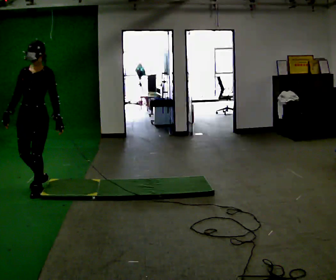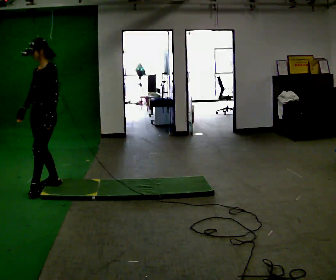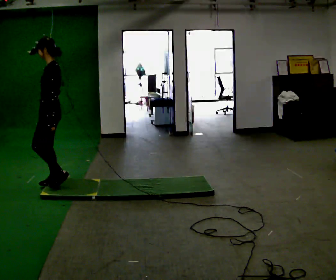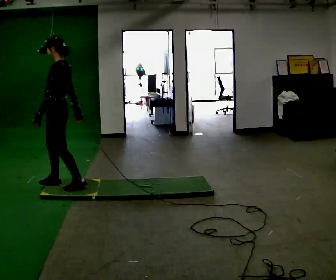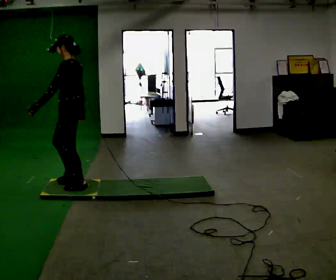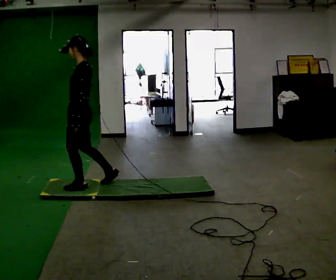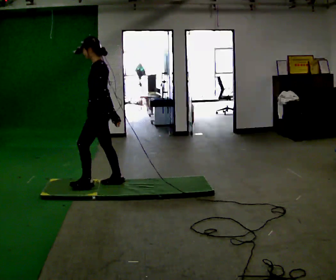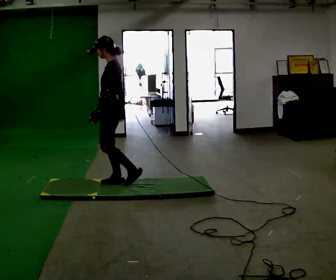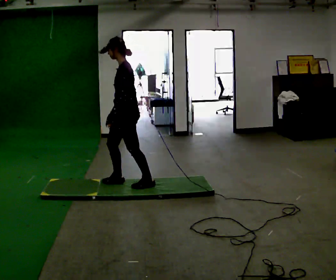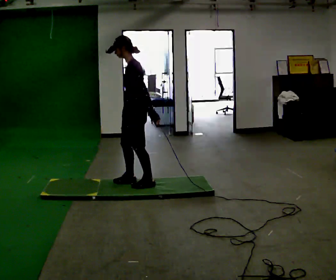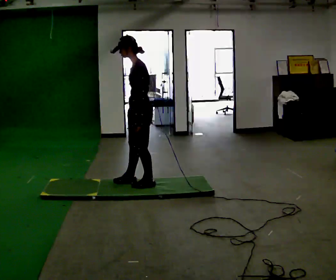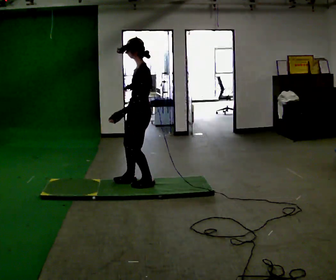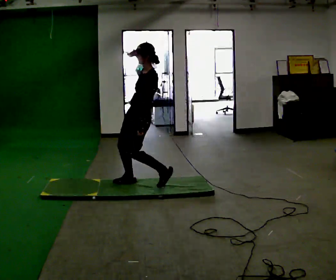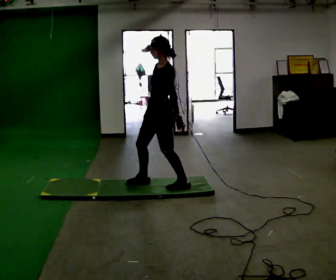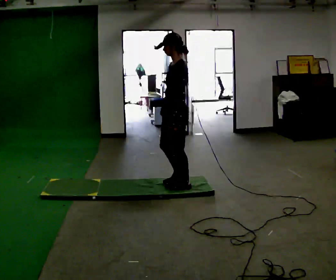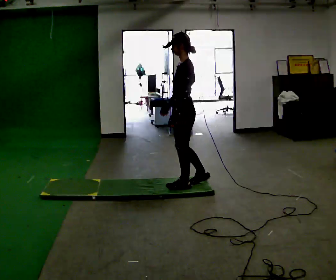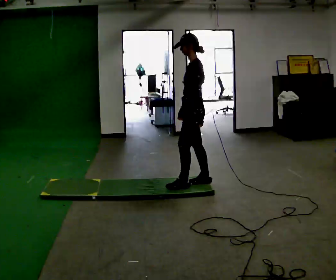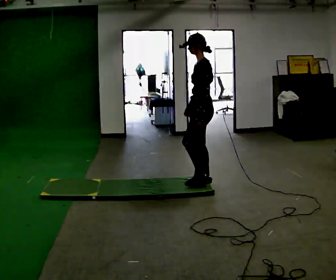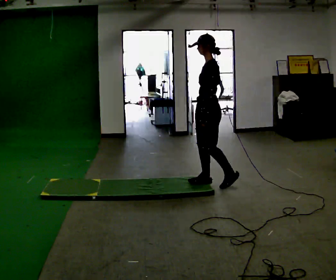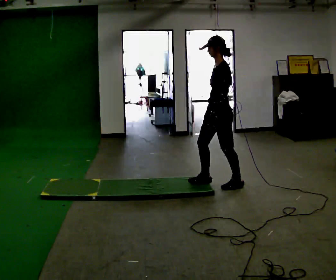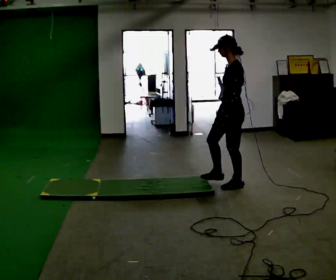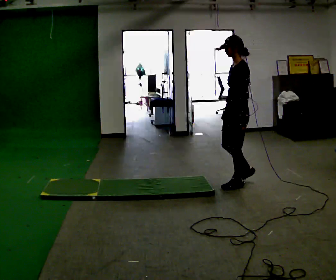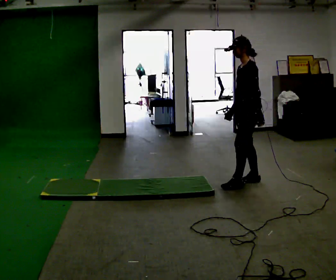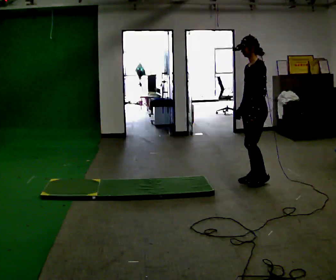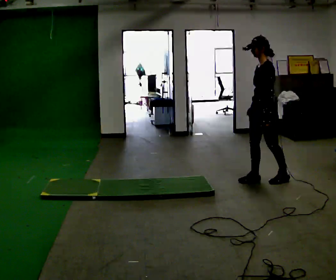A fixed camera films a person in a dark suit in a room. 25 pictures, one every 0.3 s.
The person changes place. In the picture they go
to the right.
0.0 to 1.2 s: Seen from above the body turns clockwise, about 75 degrees: to their right, with its near side sliding to the left. In the picture they go to the right, about 0.5 m in 2 steps.
1.2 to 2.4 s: In the picture they go to the right, about 0.5 m in 1 step, which for them is backward.
2.4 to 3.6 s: In the picture they go to the right, about 0.25 m in 1 step, which for them is backward.
3.6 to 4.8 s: In the picture they go to the right, about 0.5 m in 1 step, which for them is backward.
4.8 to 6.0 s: In the picture they go to the right, about 0.5 m in 2 steps, which for them is backward.
6.0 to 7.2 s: In the picture they go to the right, about 0.5 m in 1 step, which for them is backward.
The film runs backward here.
